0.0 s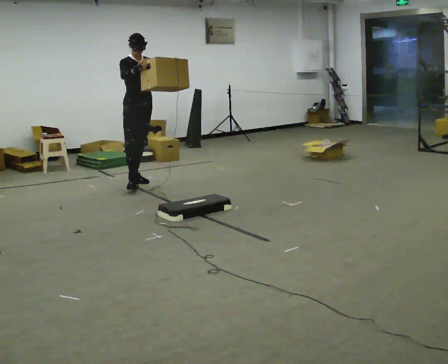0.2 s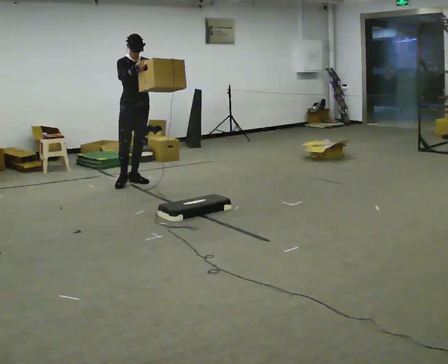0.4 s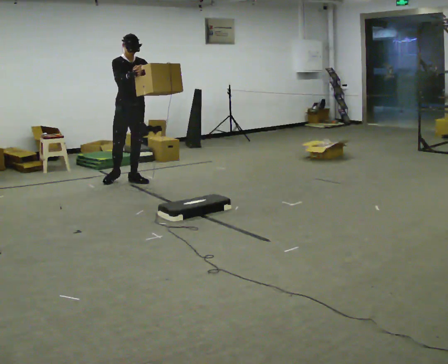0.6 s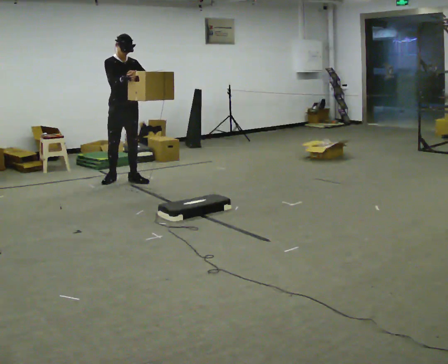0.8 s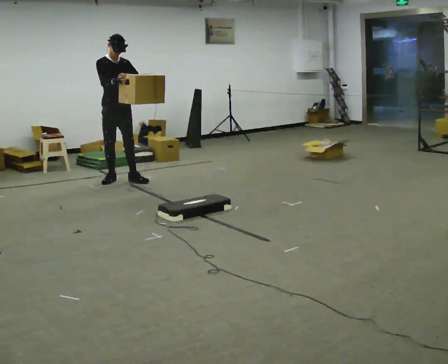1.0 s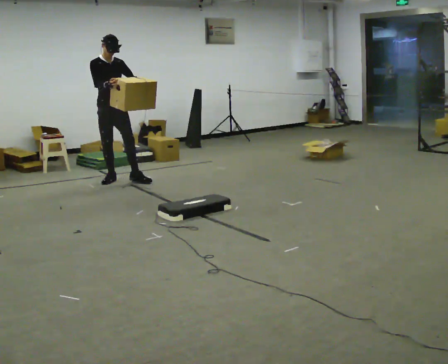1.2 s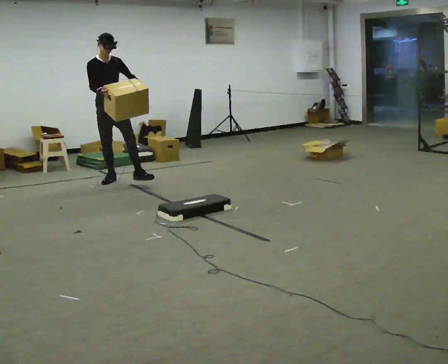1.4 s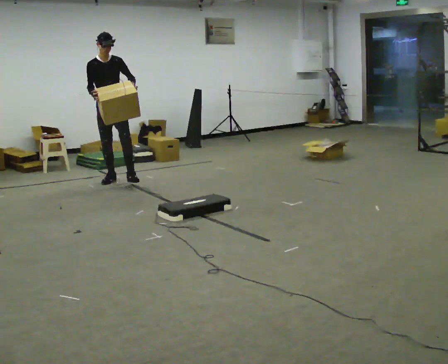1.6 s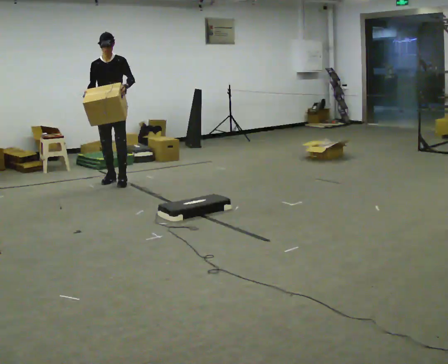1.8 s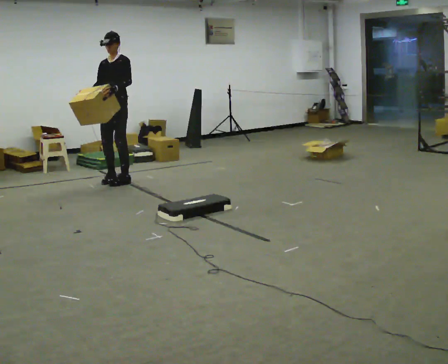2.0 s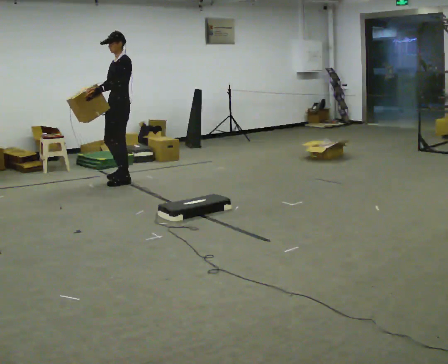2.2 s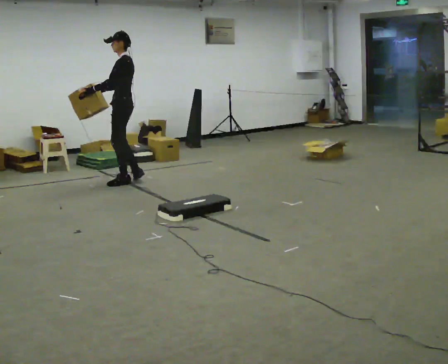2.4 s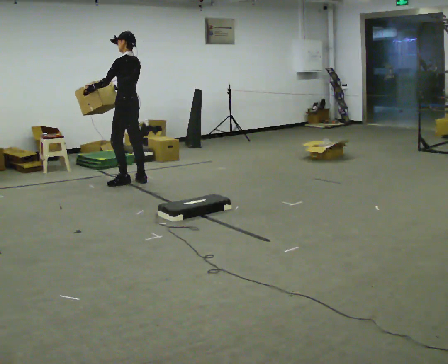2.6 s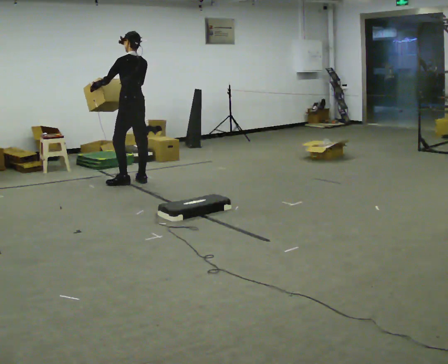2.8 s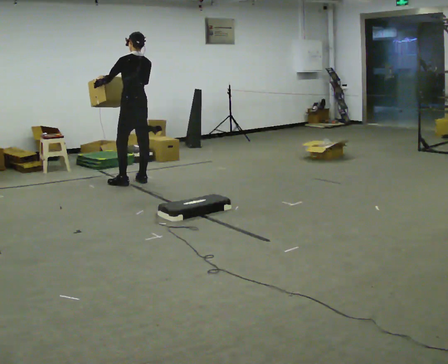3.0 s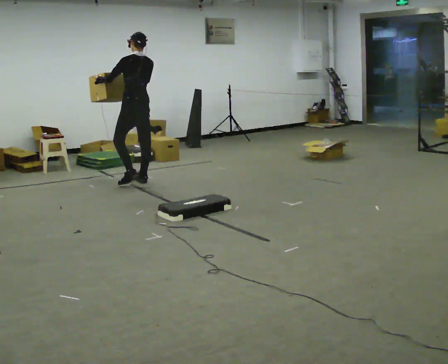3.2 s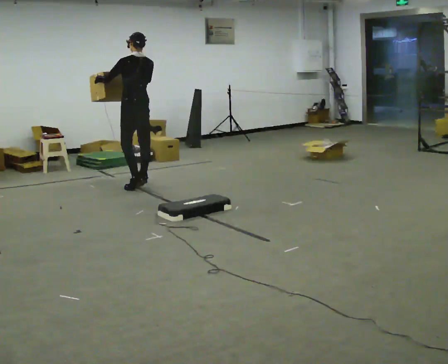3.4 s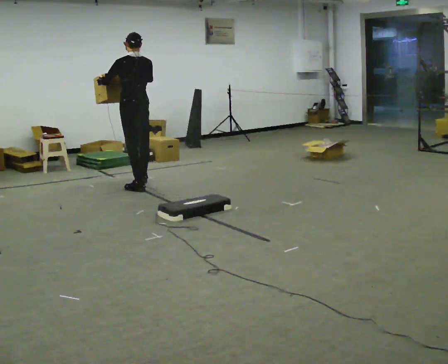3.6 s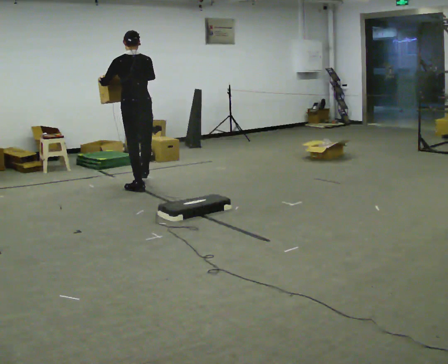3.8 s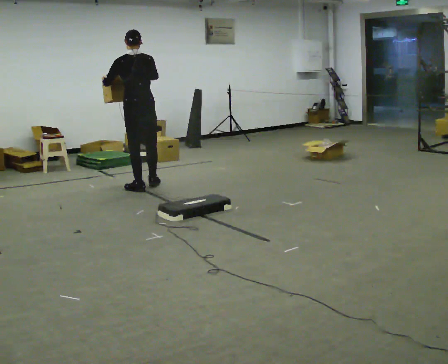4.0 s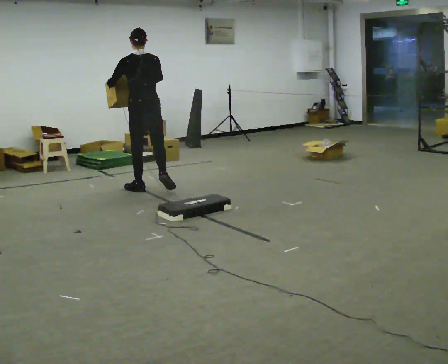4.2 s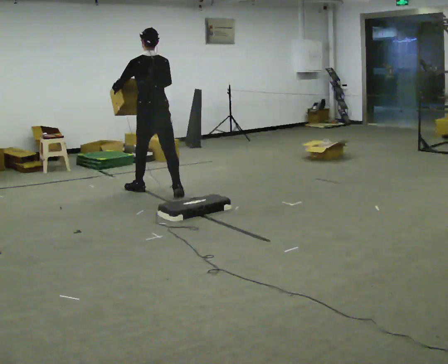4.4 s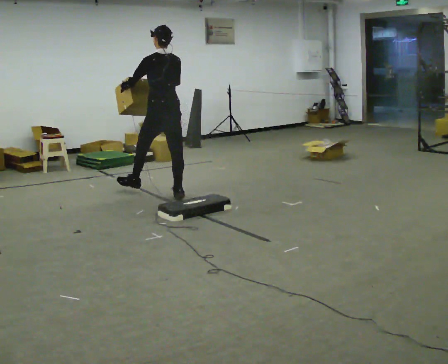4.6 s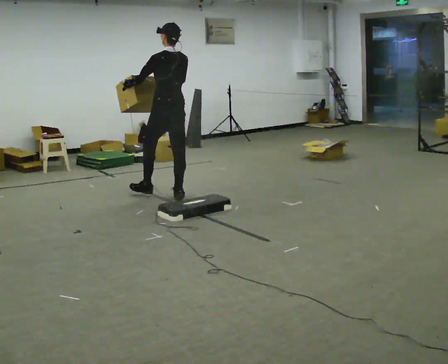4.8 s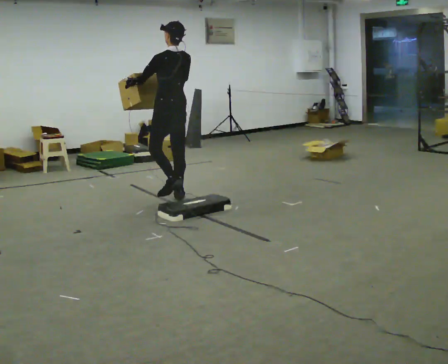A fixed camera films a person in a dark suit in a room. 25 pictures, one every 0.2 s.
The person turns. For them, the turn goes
to their right.
The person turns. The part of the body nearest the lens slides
to the left.
0.0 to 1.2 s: In the picture they go to the left and away from the camera, about 0.5 m, which for them is backward and to their right.
1.2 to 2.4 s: The person turns about 135 degrees to their right, clockwise seen from above, so the part of the body nearest the lens slides to the left. In the picture they go to the right and toward the camera, about 0.25 m in 1 step.
2.4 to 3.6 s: The part of the body nearest the lens slides to the left as the person turns to their right by about 45 degrees. In the picture they go toward the camera, about 0.25 m in 2 steps, which for them is backward and to their left.
3.6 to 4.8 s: In the picture they go toward the camera and to the right, about 0.5 m in 1 step, which for them is backward.
The film runs backward here.
